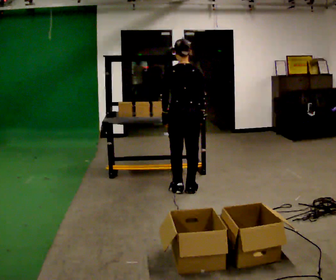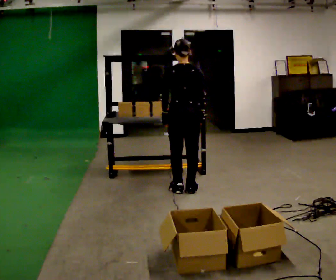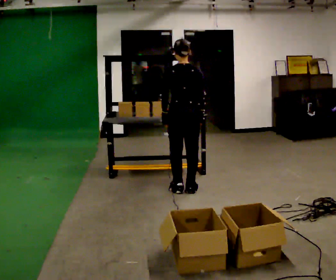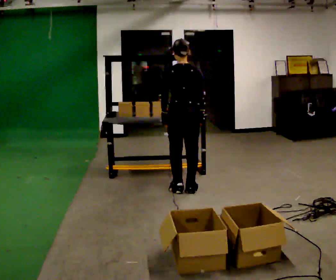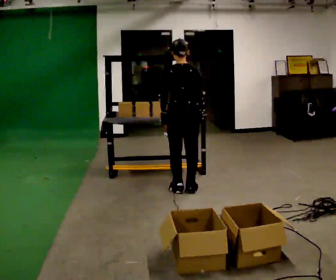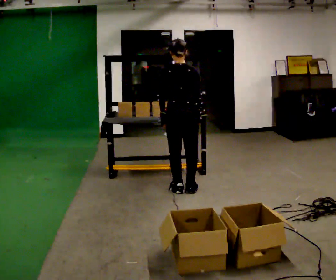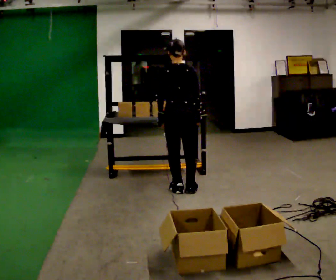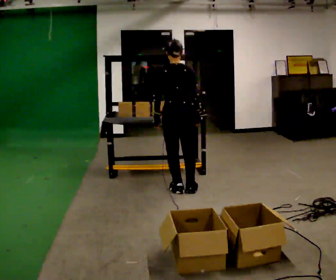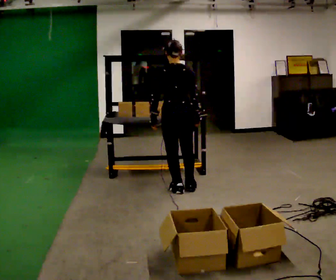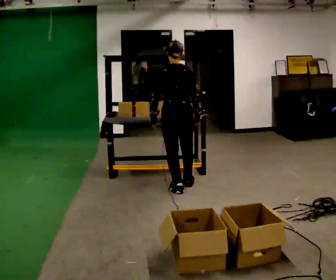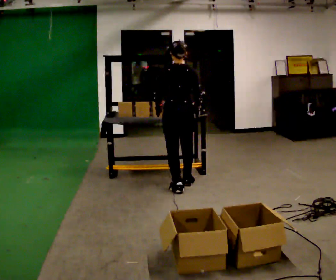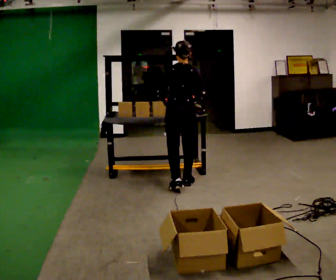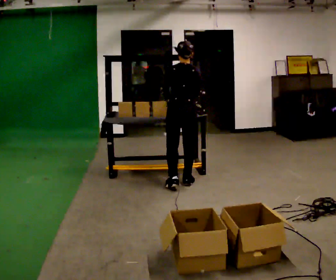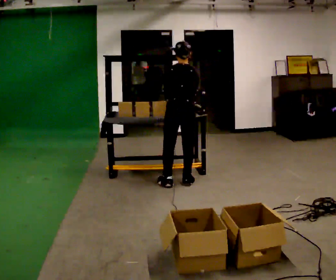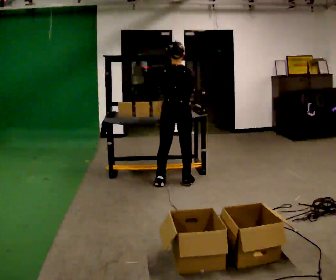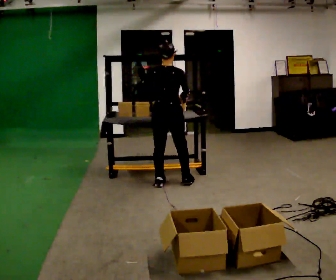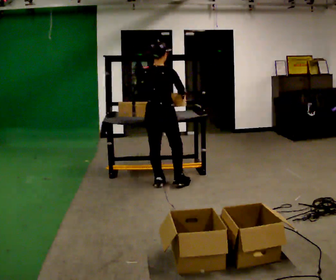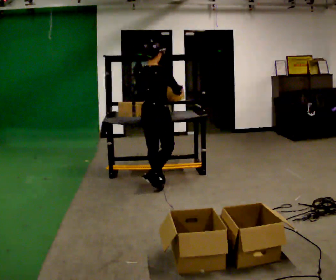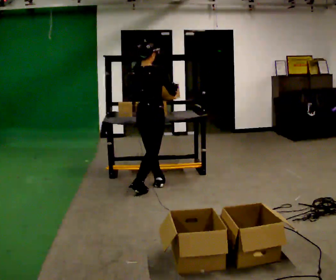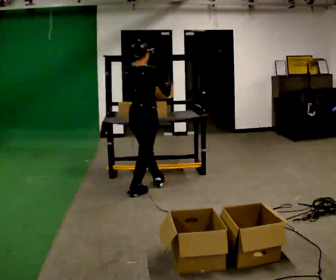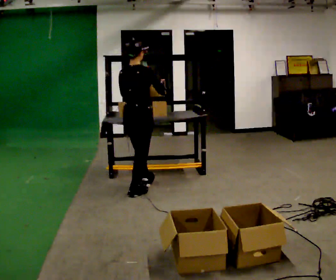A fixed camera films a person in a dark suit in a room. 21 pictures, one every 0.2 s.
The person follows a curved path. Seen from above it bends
counterclockwise.
0.0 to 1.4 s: The person moves a little, or ends about where they began.
1.4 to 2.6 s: In the picture they go away from the camera, about 0.25 m in 2 steps, which for them is forward.
2.6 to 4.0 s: The person turns about 30 degrees to their right, clockwise seen from above, so the part of the body nearest the lens slides to the left. In the picture they go to the left and toward the camera, about 0.5 m in 2 steps, which for them is backward and to their left.
The film runs backward here.
